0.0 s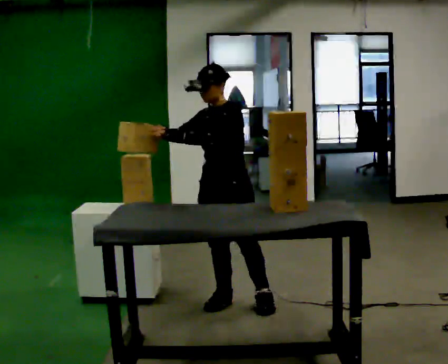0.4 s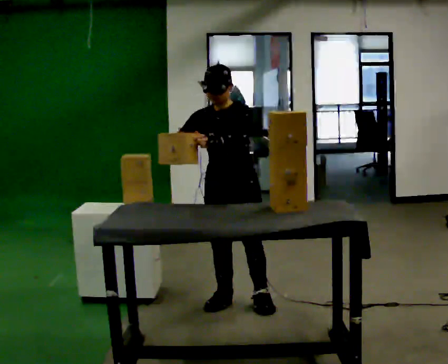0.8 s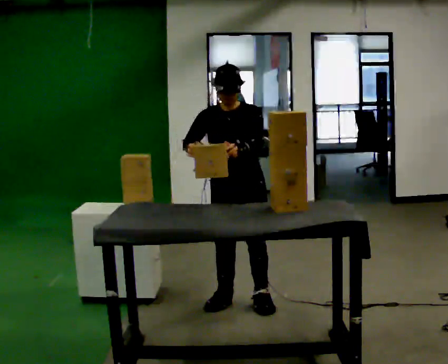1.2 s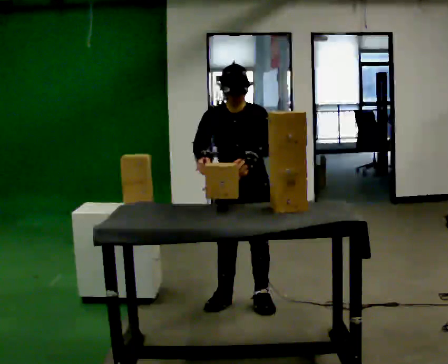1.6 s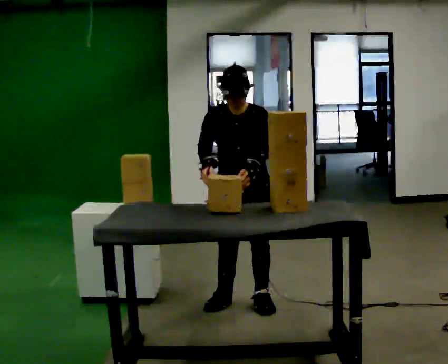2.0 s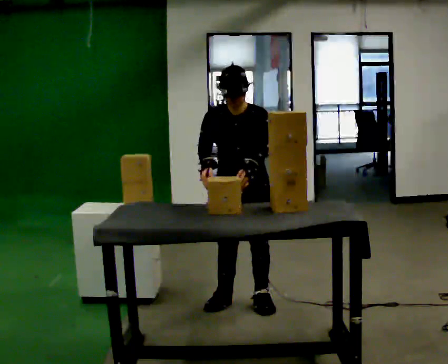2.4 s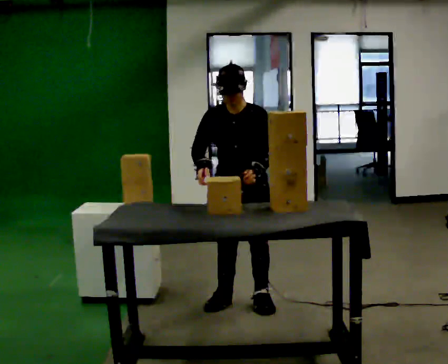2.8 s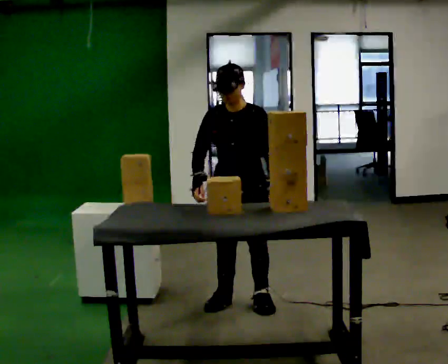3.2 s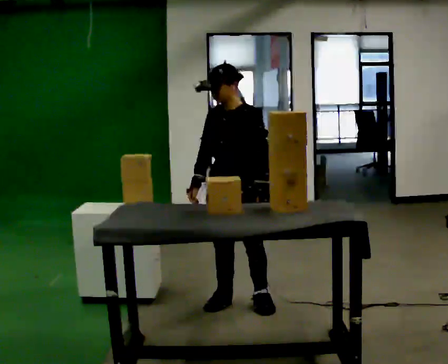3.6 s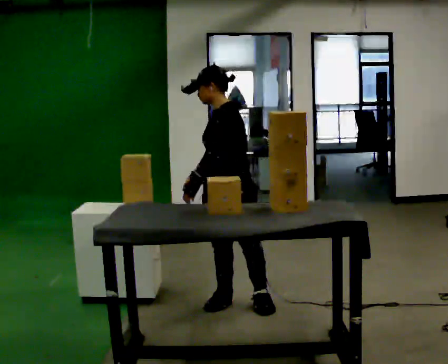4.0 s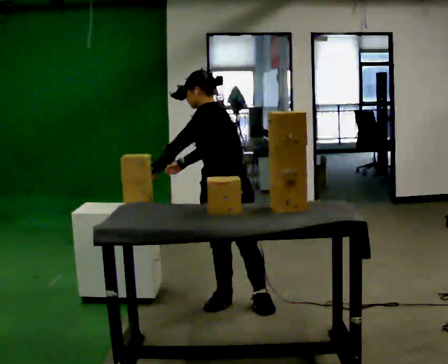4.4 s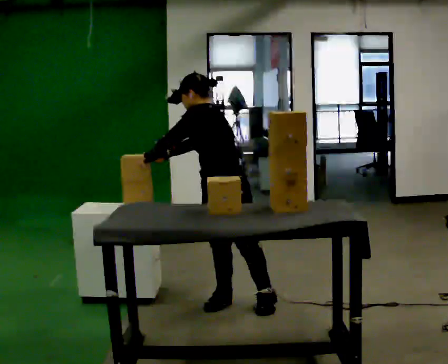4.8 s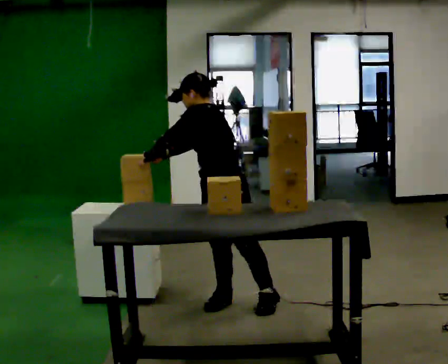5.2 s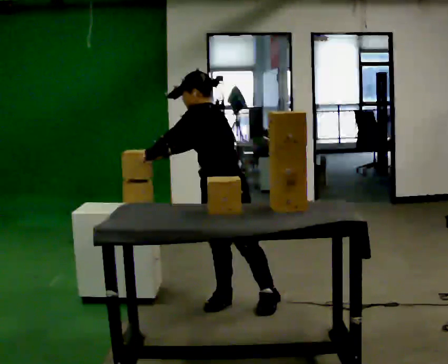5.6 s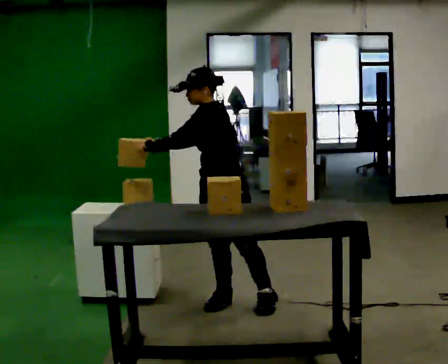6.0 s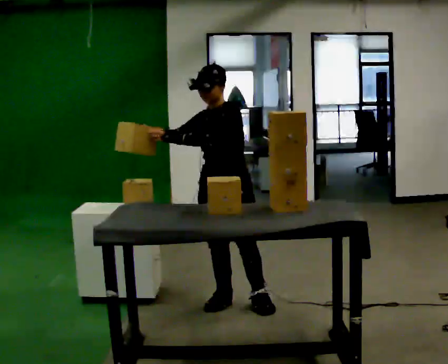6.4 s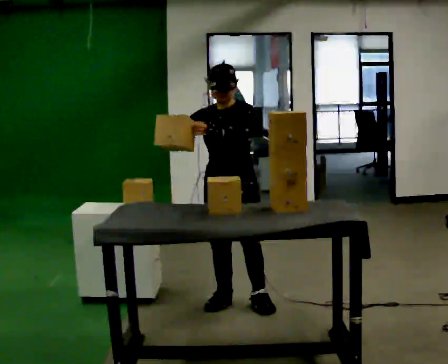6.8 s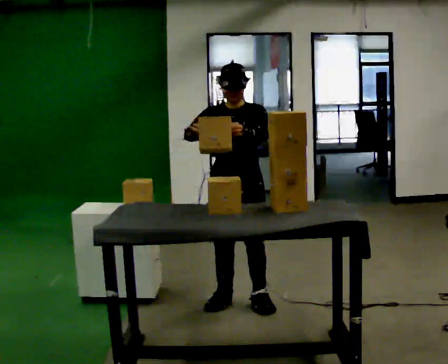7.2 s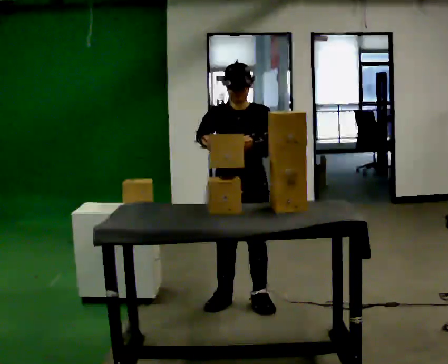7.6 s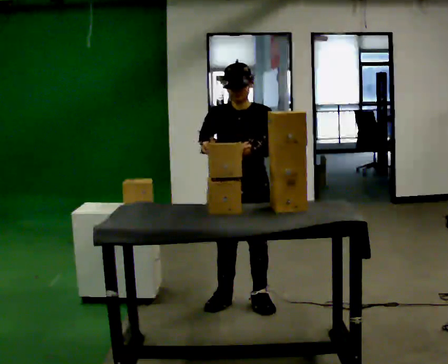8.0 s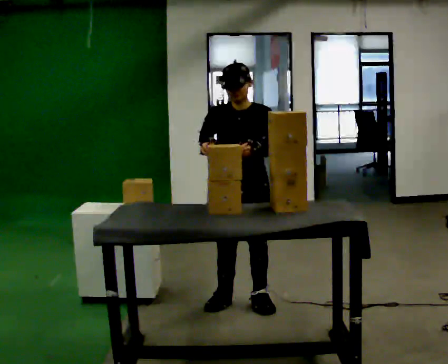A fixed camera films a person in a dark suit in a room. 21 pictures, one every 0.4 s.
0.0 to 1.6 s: Seen from above the body turns counterclockwise, about 45 degrees: to their left, with its near side sliding to the right. The upper body tips toward the camera, its near side rolling downward, as they bend forward. In the picture their right hand goes to the right.
1.6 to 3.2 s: The person turns about 30 degrees to their right, clockwise seen from above, so the part of the body nearest the lens slides to the left.
3.2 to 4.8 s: The person turns about 45 degrees to their right, clockwise seen from above, so the part of the body nearest the lens slides to the left. In the picture the upper body tilts counterclockwise, shoulders to the left. In the picture their left hand goes to the left, the arm swinging clockwise.
4.8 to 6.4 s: The part of the body nearest the lens slides to the right as the person turns to their left by about 60 degrees. In the picture the upper body tilts clockwise, shoulders to the right.
6.4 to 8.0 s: The person moves a little, or ends about where they began.
The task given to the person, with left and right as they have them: Move the objects one at a time between the far targets the operator calls, without moving your feet. Repeat at your own pace until the operator says stop. Keep both feet on the marked spots for the whole take. If you have to step, stop and tell the operator.
The film runs forward here.
